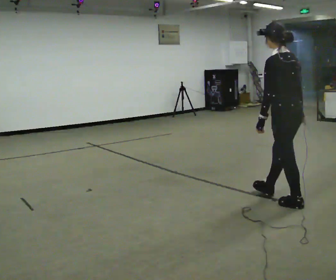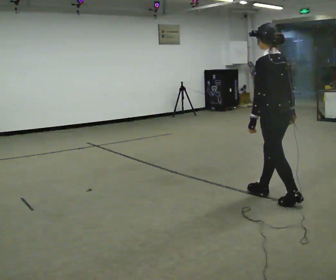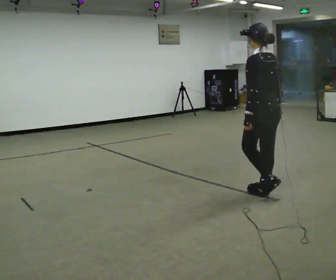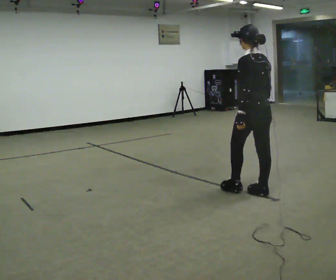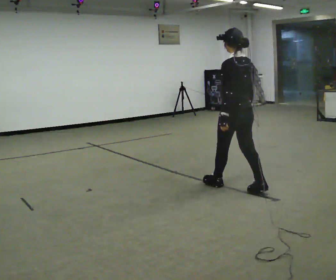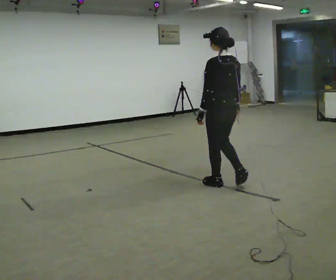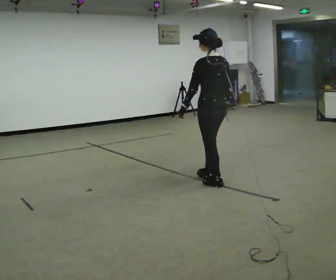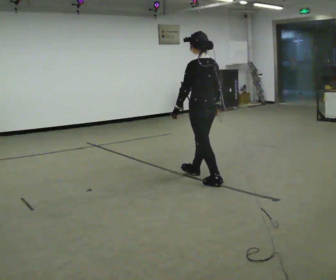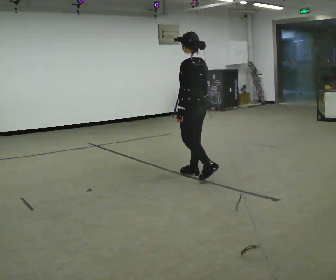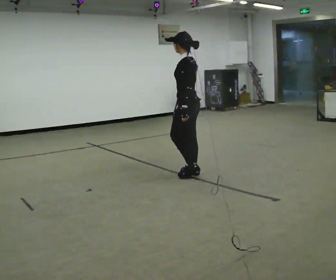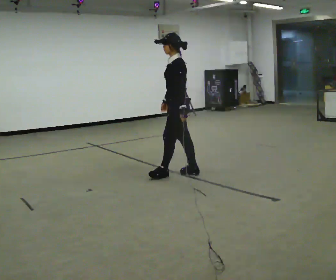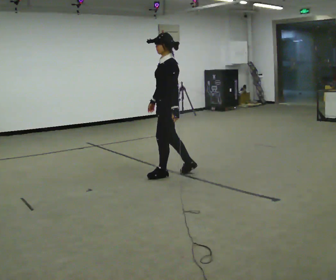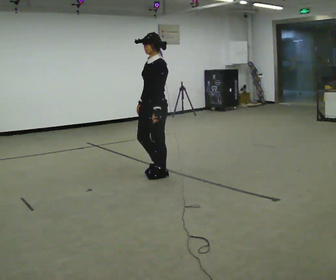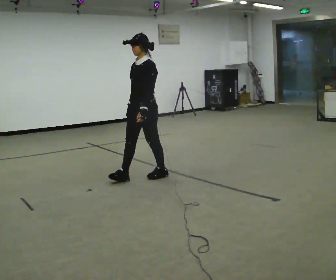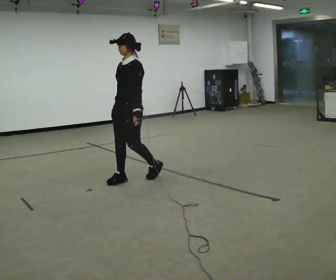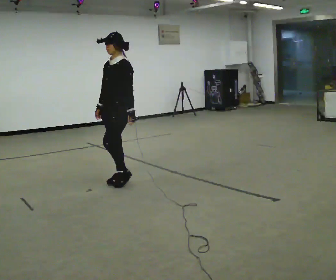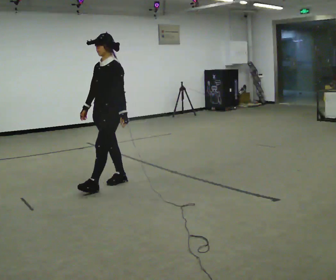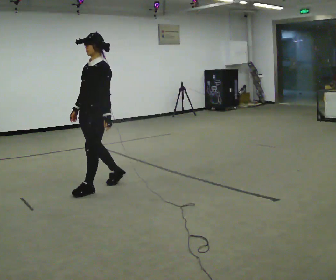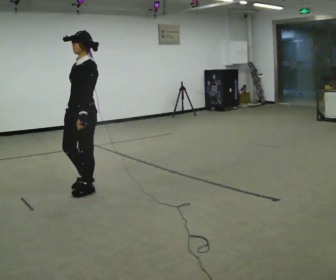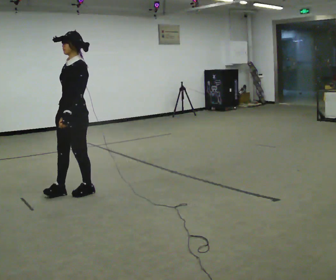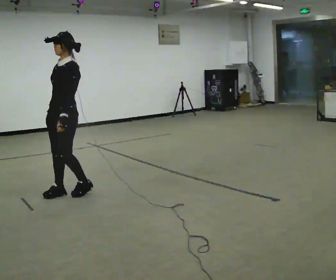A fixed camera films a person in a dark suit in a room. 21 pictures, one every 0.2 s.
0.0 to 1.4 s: In the picture they go away from the camera and to the left, about 1 m in 3 steps, which for them is forward.
1.4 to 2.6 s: Seen from above the body turns counterclockwise, about 75 degrees: to their left, with its near side sliding to the right. In the picture they go to the left, about 0.75 m in 1 step.
2.6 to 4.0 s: In the picture they go to the left and toward the camera, about 1 m in 3 steps, which for them is forward.
The film runs forward here.
